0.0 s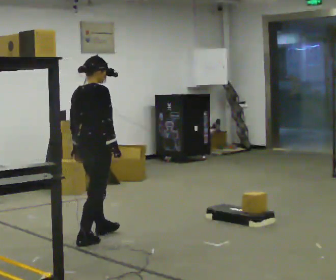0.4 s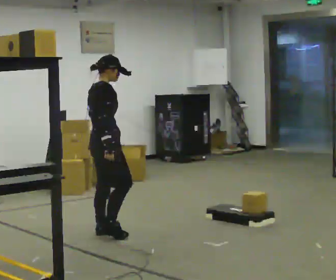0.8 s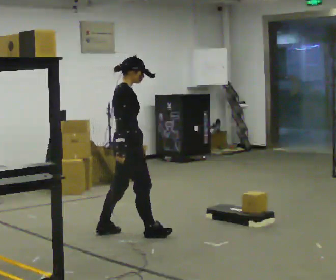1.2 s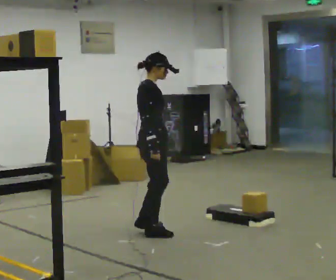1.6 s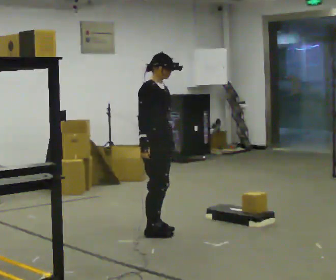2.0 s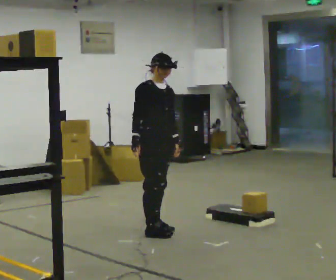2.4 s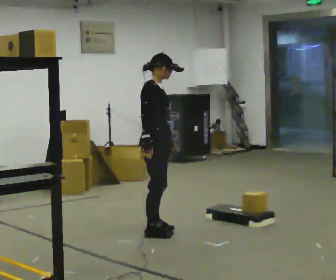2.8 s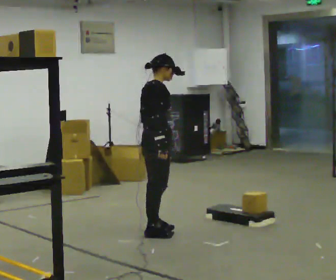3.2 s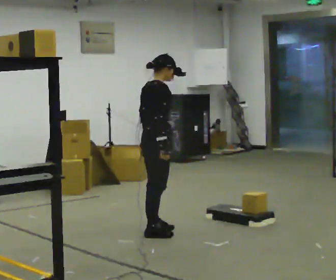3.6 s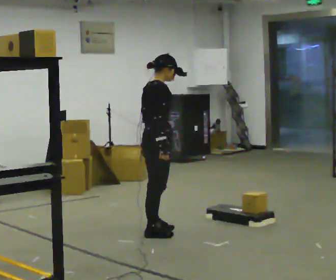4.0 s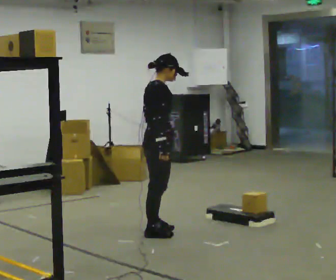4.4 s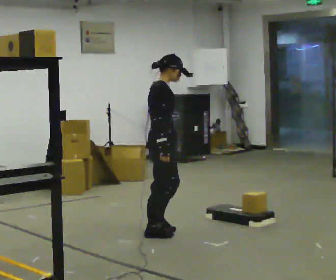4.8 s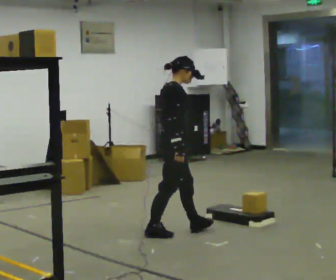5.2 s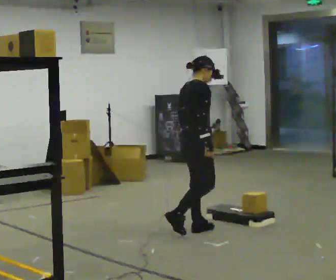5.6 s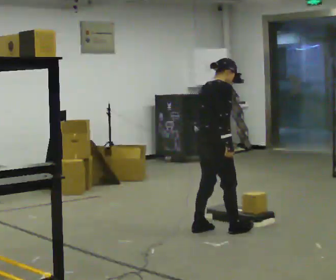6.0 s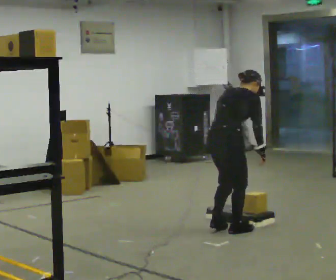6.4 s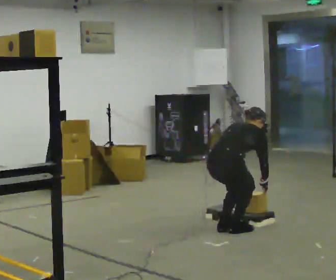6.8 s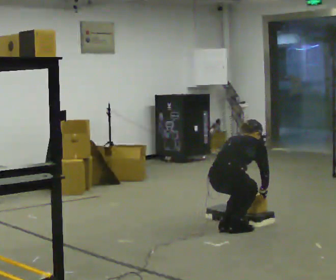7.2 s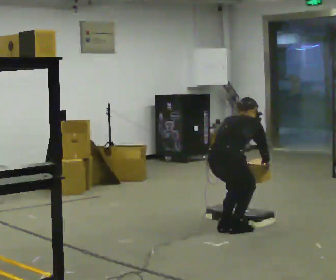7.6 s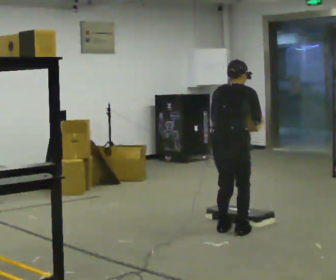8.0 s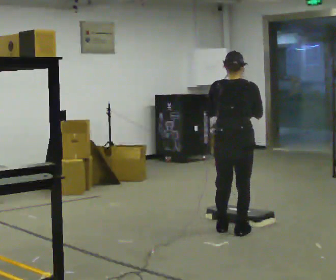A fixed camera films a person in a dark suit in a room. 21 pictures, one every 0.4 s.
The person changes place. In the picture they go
to the right.
0.0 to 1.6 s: The person turns about 60 degrees to their right, clockwise seen from above, so the part of the body nearest the lens slides to the left. In the picture they go to the right and away from the camera, about 0.5 m in 2 steps.
1.6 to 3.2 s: The part of the body nearest the lens slides to the right as the person turns to their left by about 45 degrees.
3.2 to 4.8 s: In the picture they go to the right, about 0.25 m in 1 step, which for them is forward.
4.8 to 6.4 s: Seen from above the body turns counterclockwise, about 45 degrees: to their left, with its near side sliding to the right. In the picture they go to the right, about 0.5 m in 2 steps, which for them is forward and to their right. The shoulders move downward. The upper body tips away from the camera, its near side rolling upward, as they bend forward. In the picture their right hand goes downward.
6.4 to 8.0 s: The part of the body nearest the lens slides to the right as the person turns to their left by about 30 degrees. The upper body goes upward. In the picture the upper body tilts counterclockwise, shoulders to the left, as they lean back or straighten. In the picture their right hand goes upward.
The film runs forward here.
